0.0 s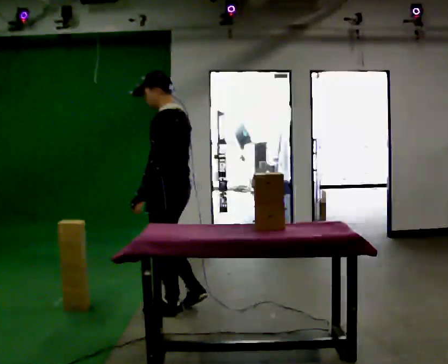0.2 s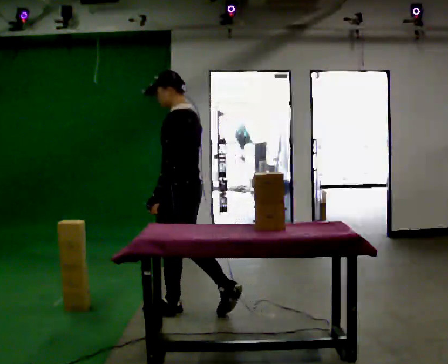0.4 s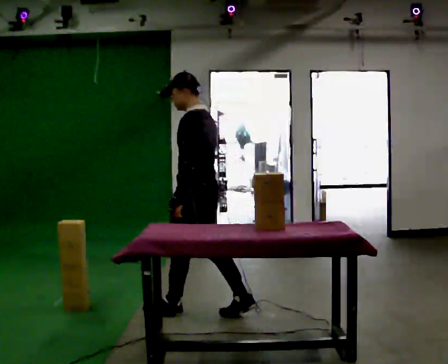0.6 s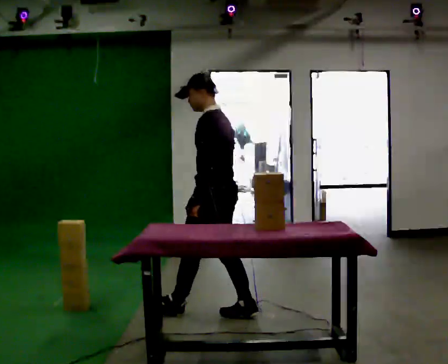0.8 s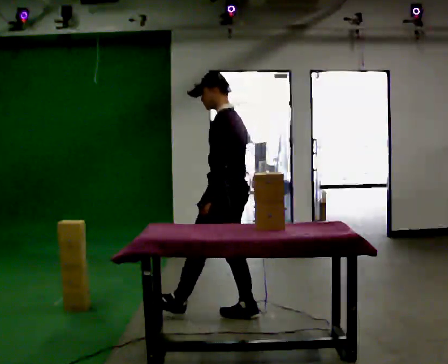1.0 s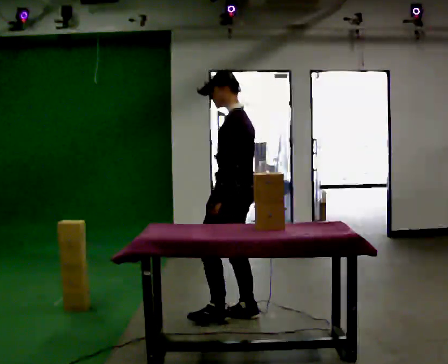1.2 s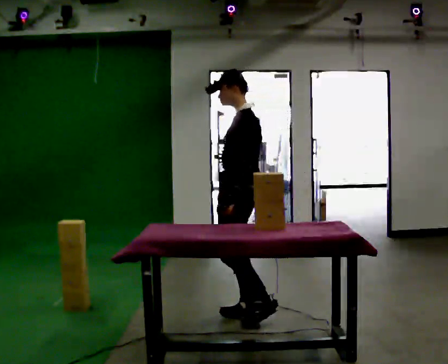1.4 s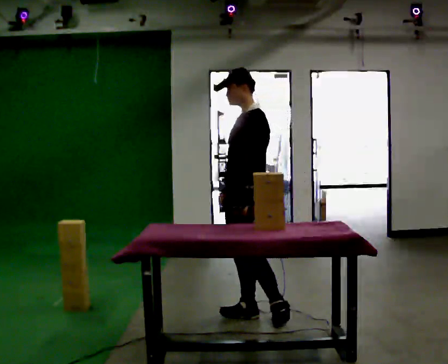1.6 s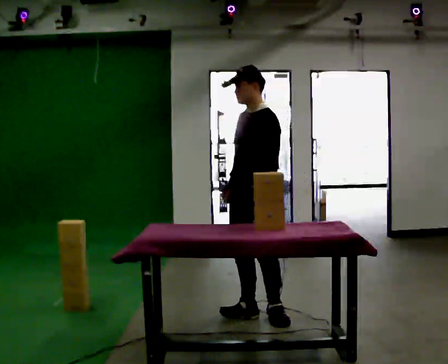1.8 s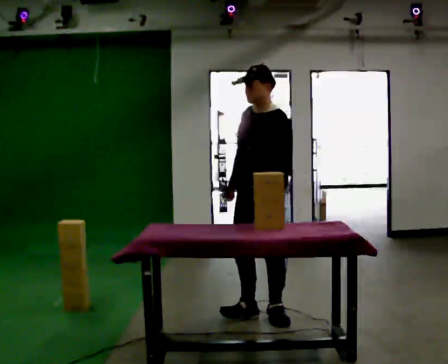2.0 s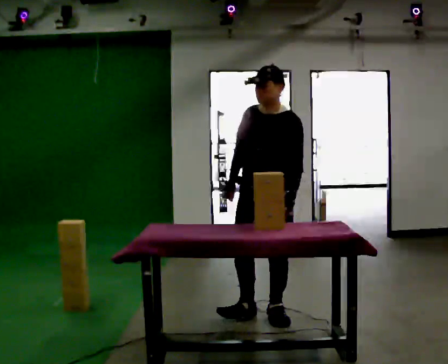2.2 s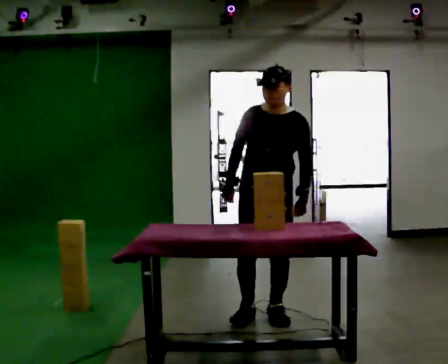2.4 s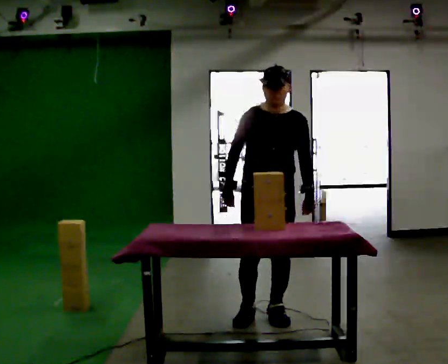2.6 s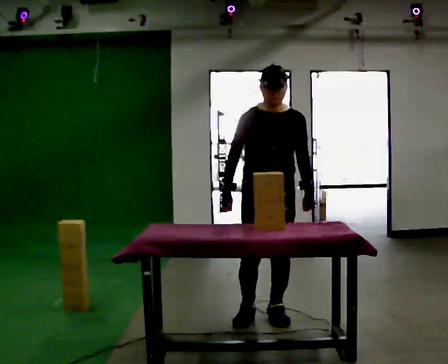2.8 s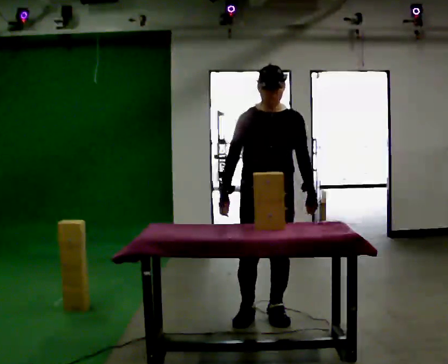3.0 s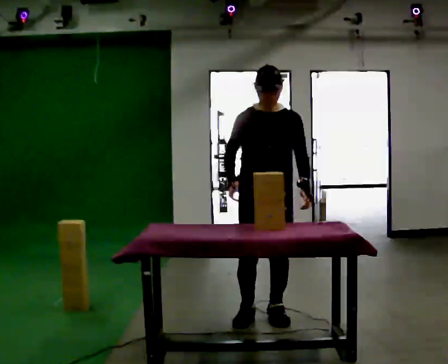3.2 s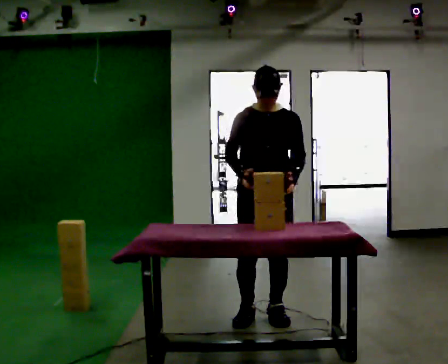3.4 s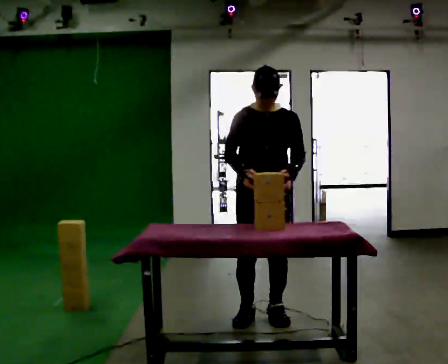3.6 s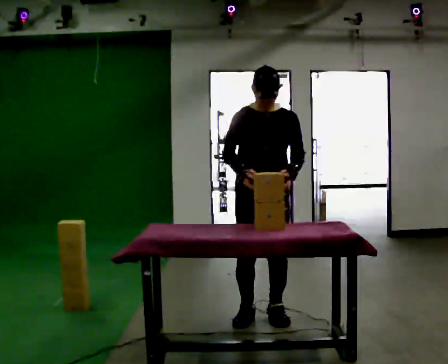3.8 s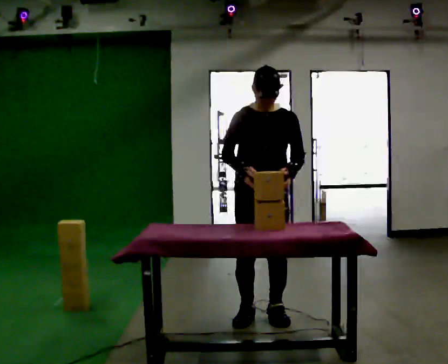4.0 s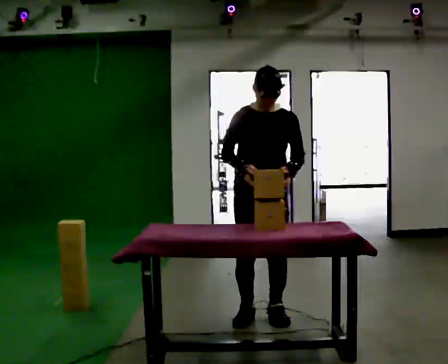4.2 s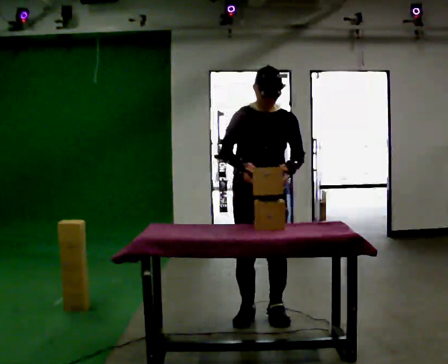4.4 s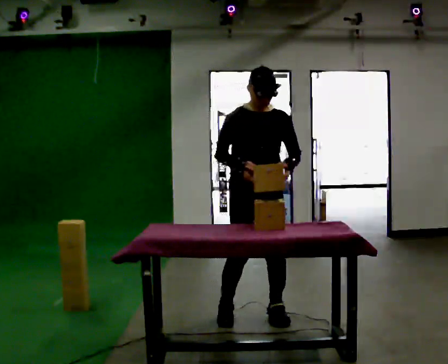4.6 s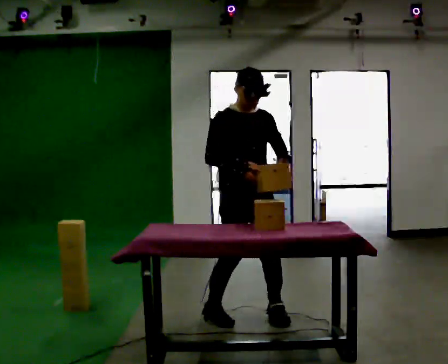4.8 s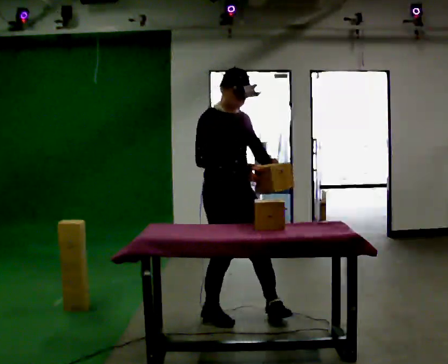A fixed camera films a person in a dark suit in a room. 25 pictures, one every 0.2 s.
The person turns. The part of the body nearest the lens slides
to the right.
The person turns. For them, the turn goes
to their left.
0.0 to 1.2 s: In the picture they go to the right, about 0.5 m in 1 step, which for them is backward.
1.2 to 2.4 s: The person turns about 90 degrees to their left, counterclockwise seen from above, so the part of the body nearest the lens slides to the right. In the picture they go to the right, about 0.25 m. In the picture their left hand goes to the right.
2.4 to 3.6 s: The person moves a little, or ends about where they began.
3.6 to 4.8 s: Seen from above the body turns counterclockwise, about 45 degrees: to their left, with its near side sliding to the right. In the picture they go to the left, about 0.25 m in 2 steps, which for them is to their right.
The film runs backward here.
